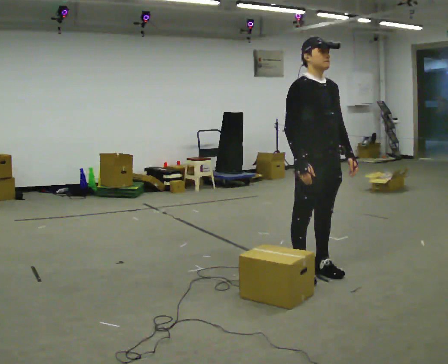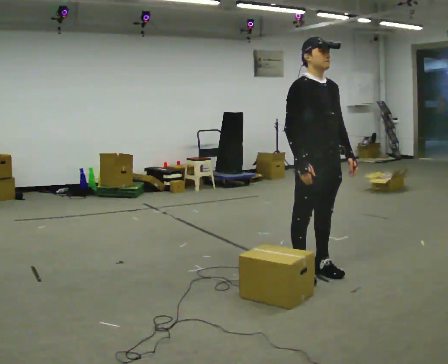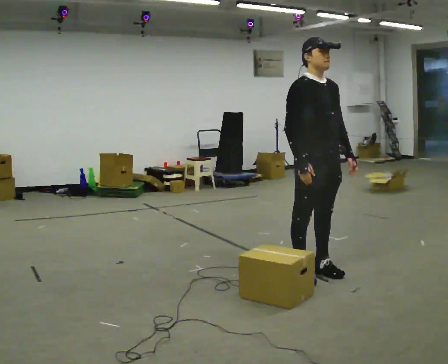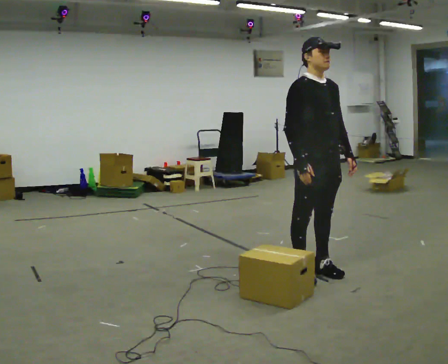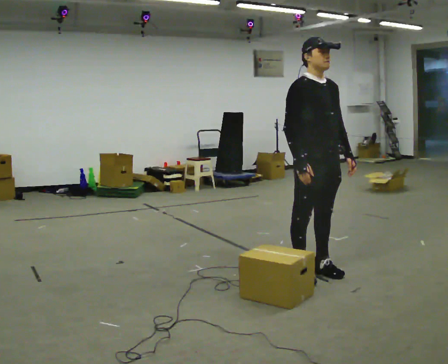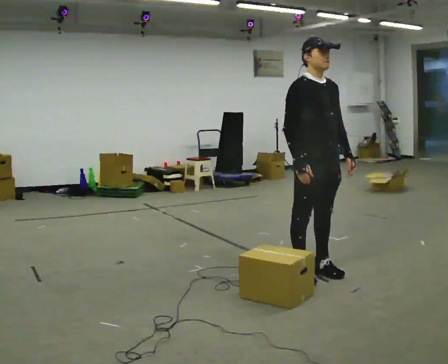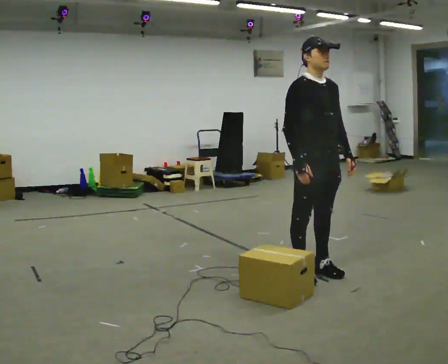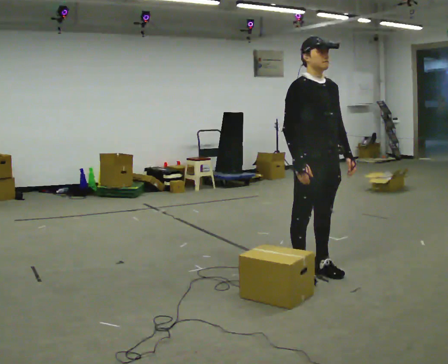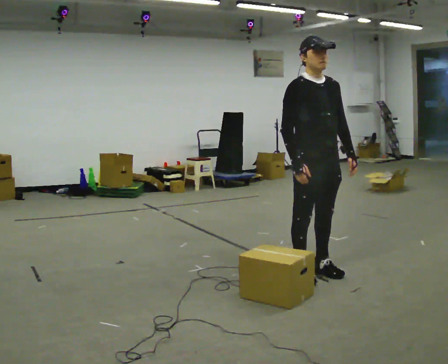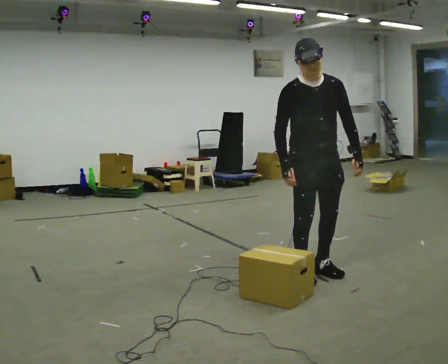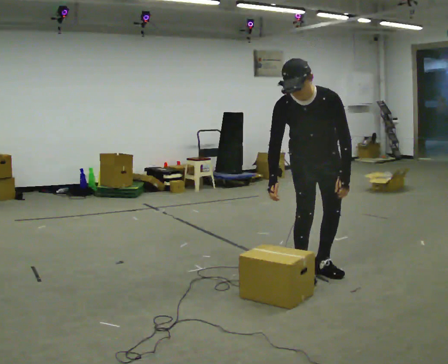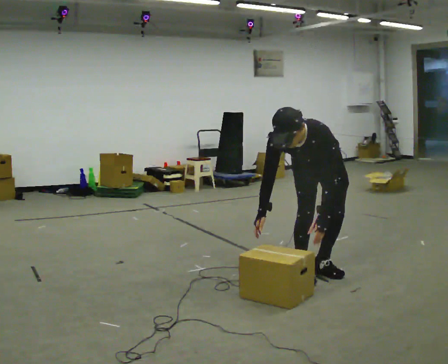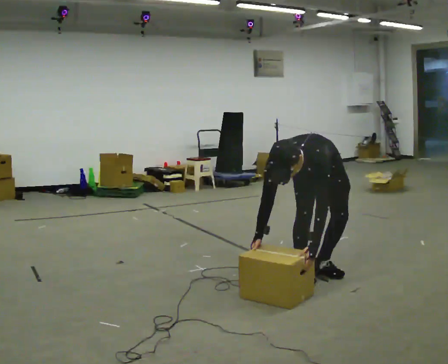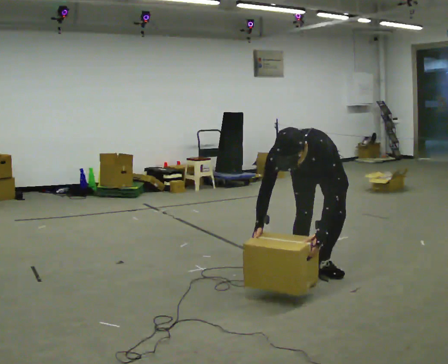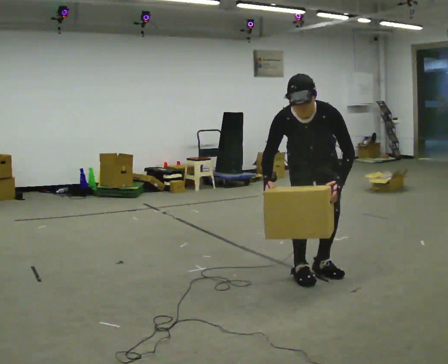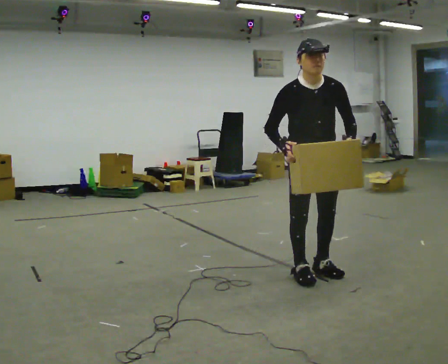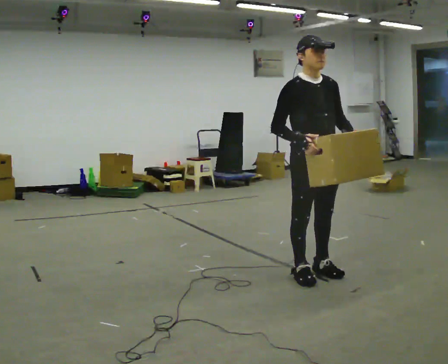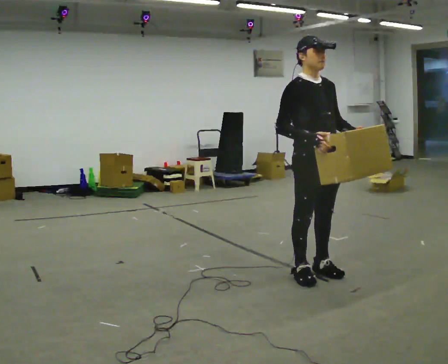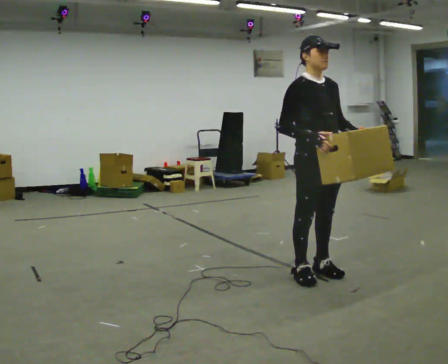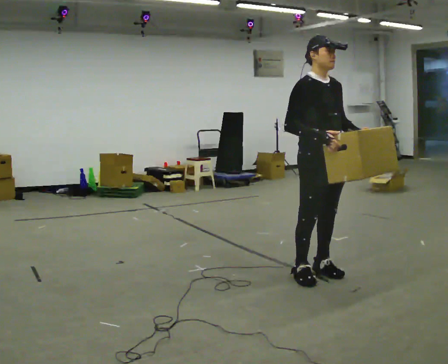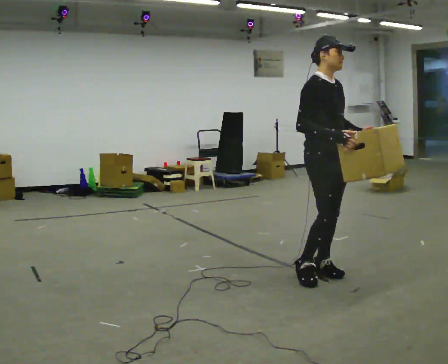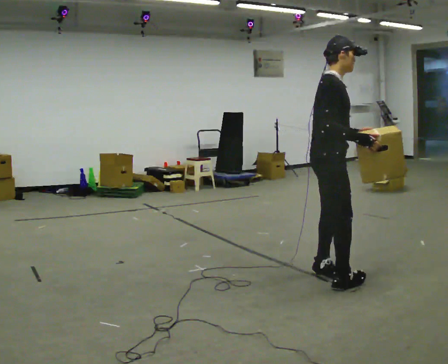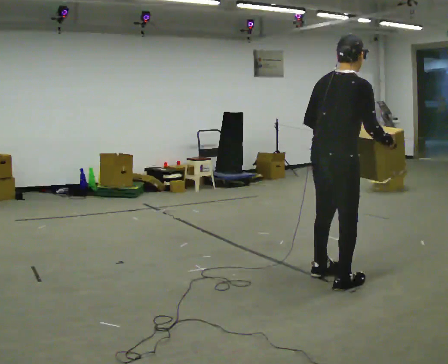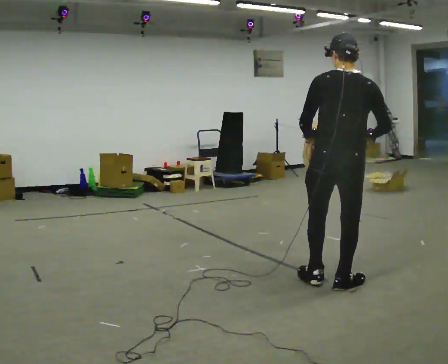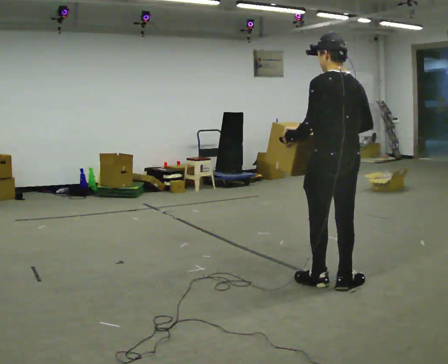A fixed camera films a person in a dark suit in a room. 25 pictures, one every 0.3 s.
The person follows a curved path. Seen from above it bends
counterclockwise.
0.0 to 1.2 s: The person keeps their place and pose.
1.2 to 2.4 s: The person moves a little, or ends about where they began.
2.4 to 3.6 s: The person turns about 45 degrees to their right, clockwise seen from above, so the part of the body nearest the lens slides to the left. The shoulders move downward. The upper body tips toward the camera, its near side rolling downward, as they bend forward. In the picture their left hand goes downward.
3.6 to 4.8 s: The part of the body nearest the lens slides to the right as the person turns to their left by about 45 degrees. In the picture they go toward the camera, about 0.25 m, which for them is forward. The upper body goes upward. The upper body tips away from the camera, its near side rolling upward, as they lean back or straighten. In the picture their right hand goes upward.
4.8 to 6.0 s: The person moves a little, or ends about where they began.
6.0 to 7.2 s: Seen from above the body turns counterclockwise, about 150 degrees: to their left, with its near side sliding to the right. In the picture they go toward the camera, about 0.25 m in 2 steps. In the picture their left hand goes to the left, the arm swinging clockwise.
The film runs forward here.
